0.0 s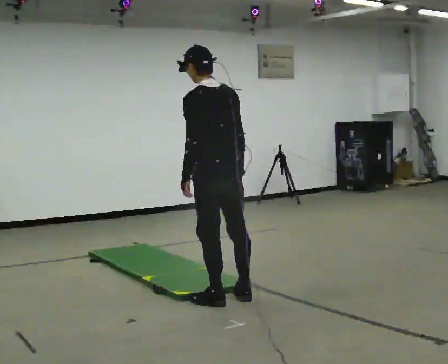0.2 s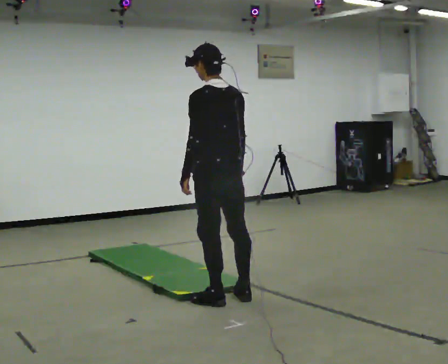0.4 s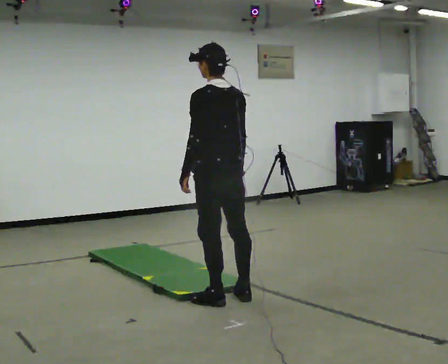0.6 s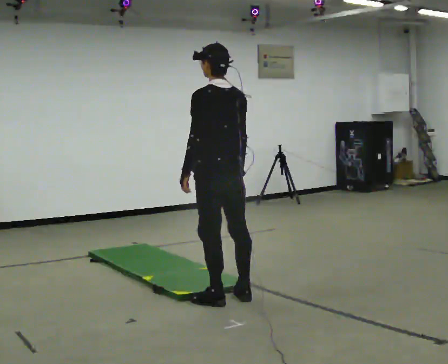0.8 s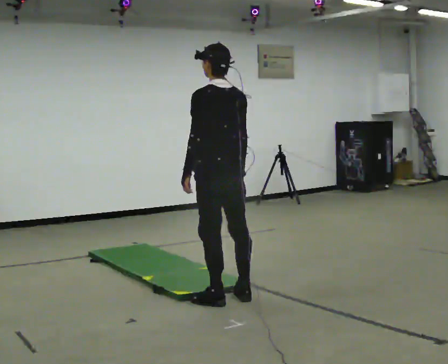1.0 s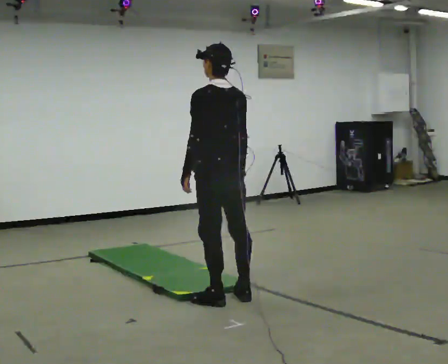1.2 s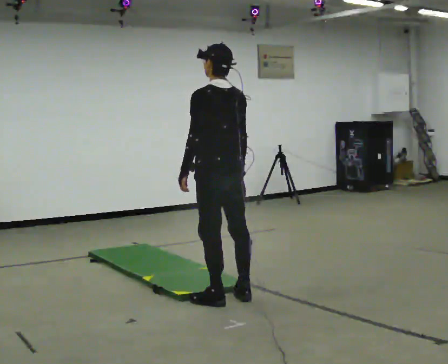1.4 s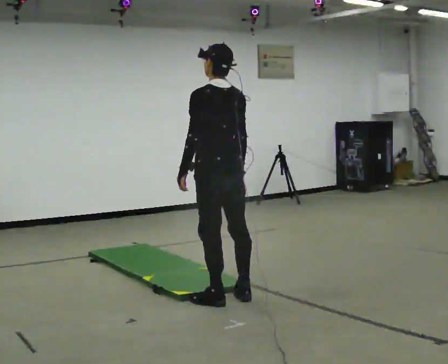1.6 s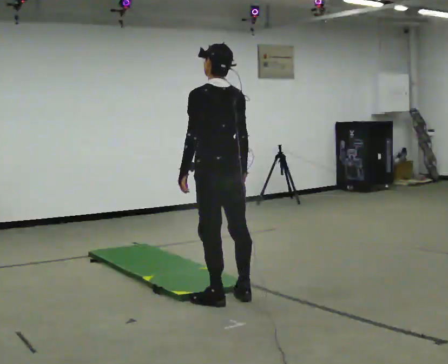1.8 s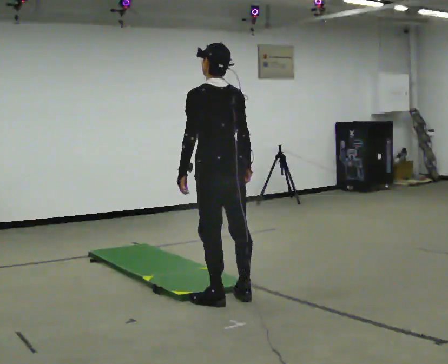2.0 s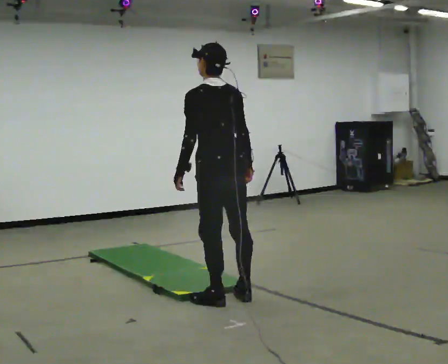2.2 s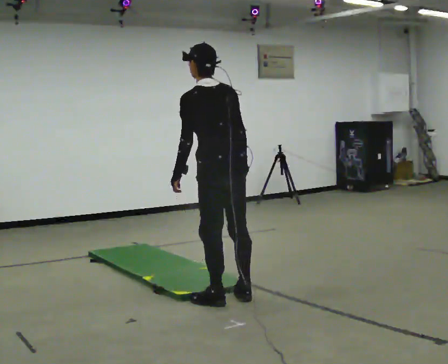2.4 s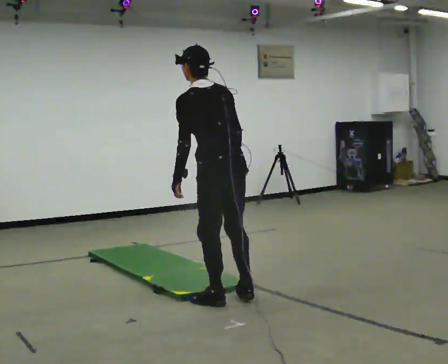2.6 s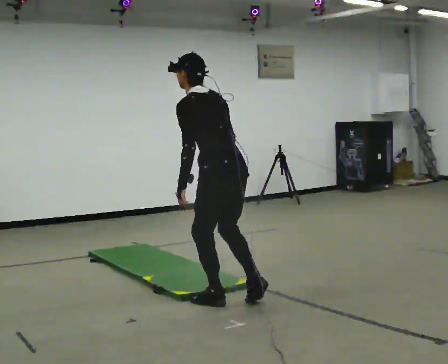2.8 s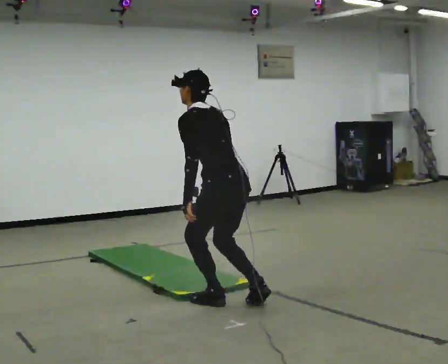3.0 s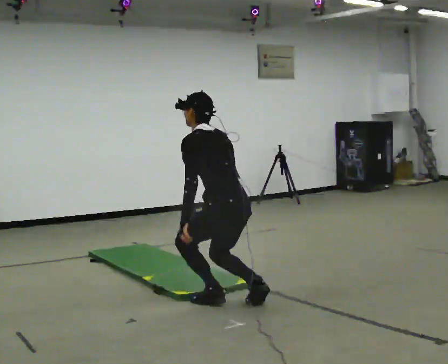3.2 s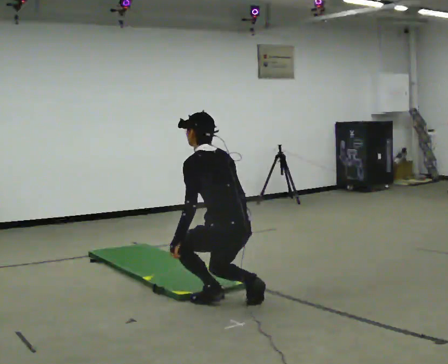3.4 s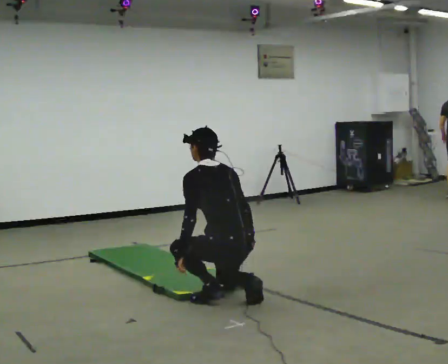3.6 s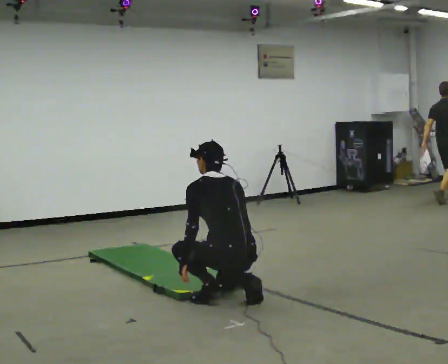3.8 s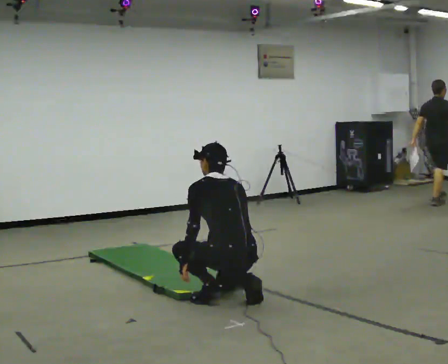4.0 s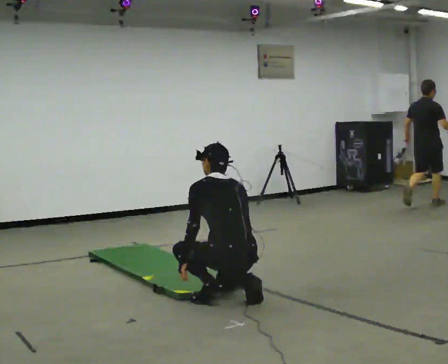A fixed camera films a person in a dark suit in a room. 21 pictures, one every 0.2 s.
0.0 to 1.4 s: The person moves a little, or ends about where they began.
1.4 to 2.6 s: In the picture the upper body tilts counterclockwise, shoulders to the left, as they bend forward.
2.6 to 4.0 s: The shoulders move downward. The upper body tips away from the camera, its near side rolling upward, as they bend forward. In the picture their left hand goes downward.
The film runs backward here.
